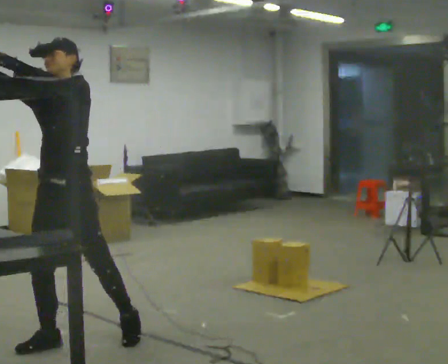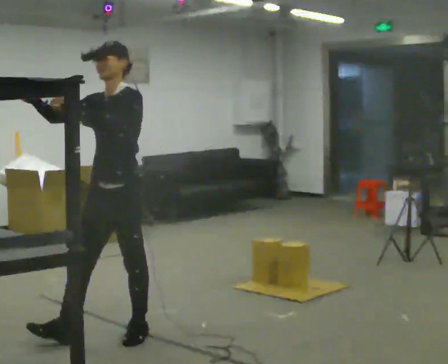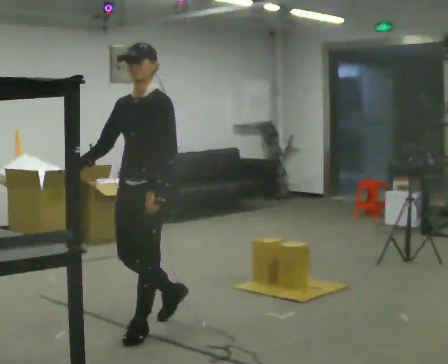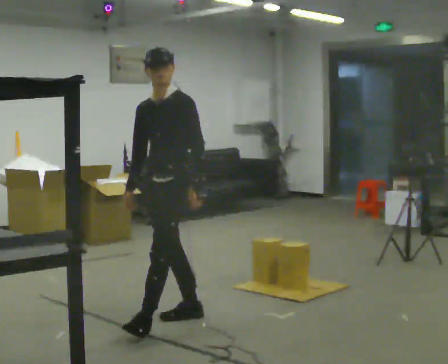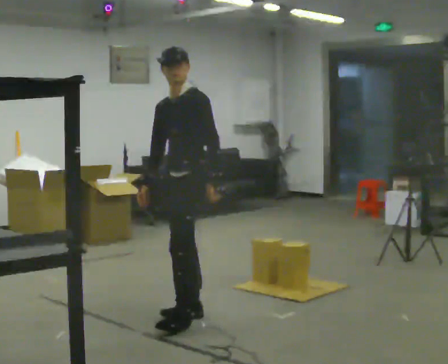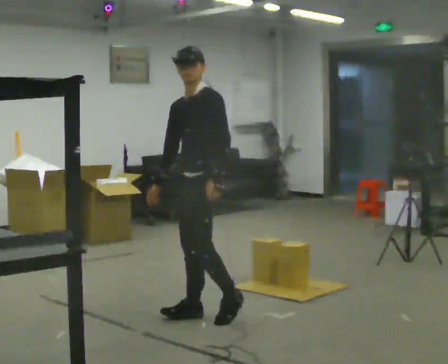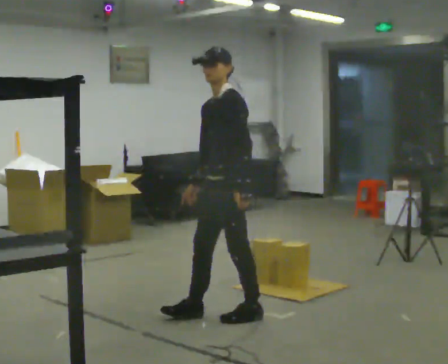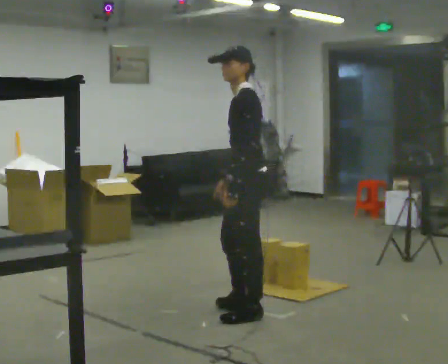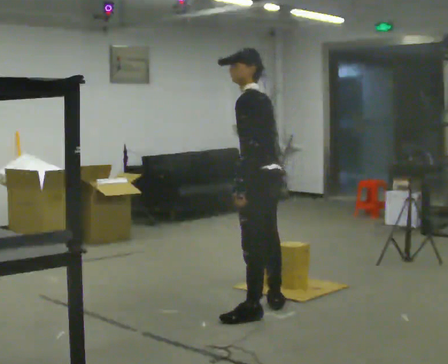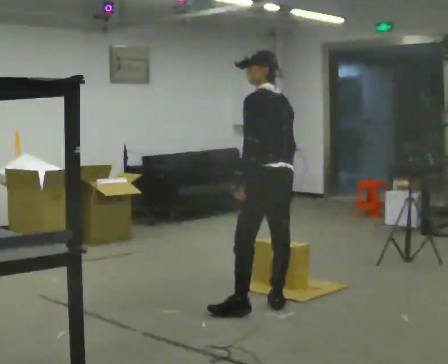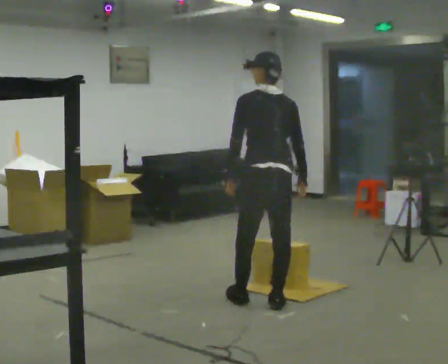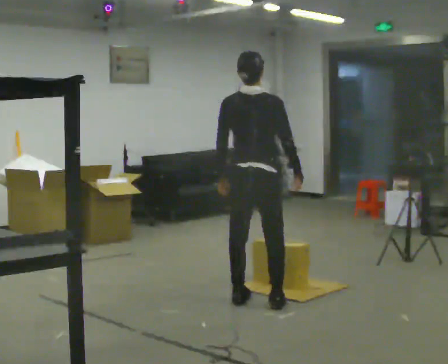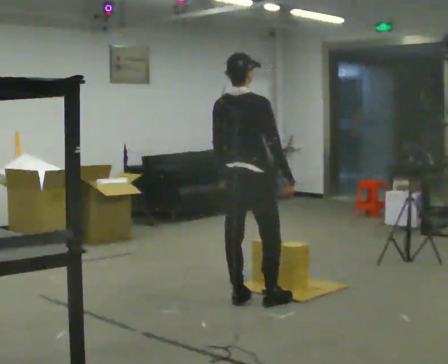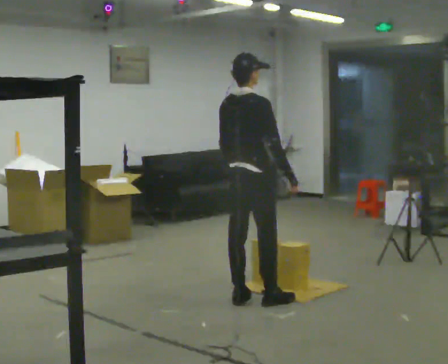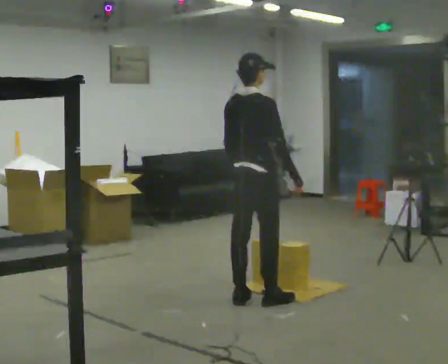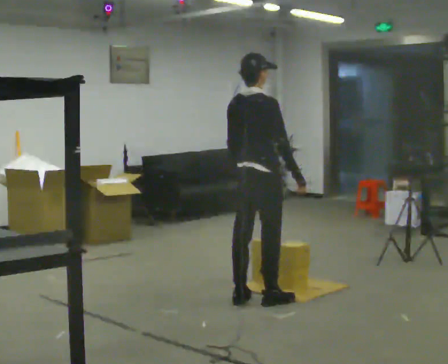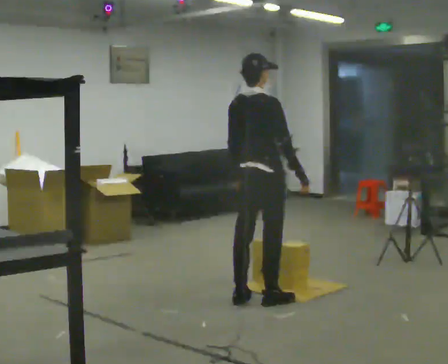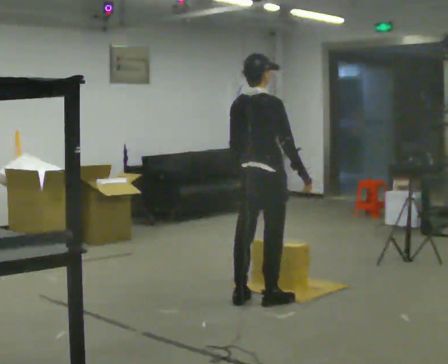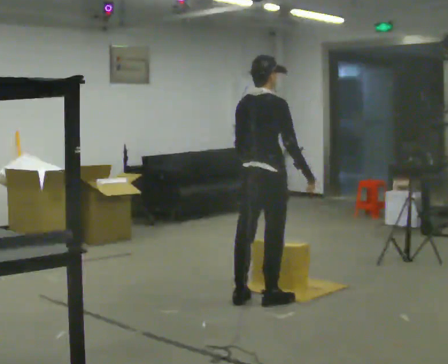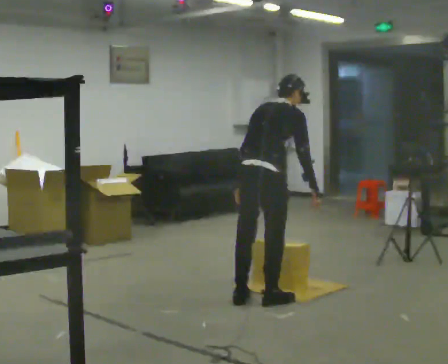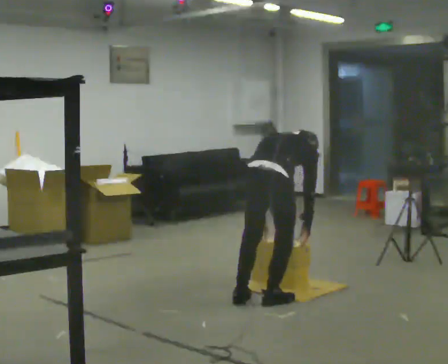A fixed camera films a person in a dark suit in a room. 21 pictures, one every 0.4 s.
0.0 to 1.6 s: The part of the body nearest the lens slides to the left as the person turns to their right by about 30 degrees. In the picture they go away from the camera and to the right, about 1 m in 2 steps, which for them is backward. In the picture their right hand goes downward, the arm swinging counterclockwise.
1.6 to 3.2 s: Seen from above the body turns clockwise, about 60 degrees: to their right, with its near side sliding to the left. In the picture they go to the right, about 0.5 m in 1 step.
3.2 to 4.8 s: Seen from above the body turns clockwise, about 90 degrees: to their right, with its near side sliding to the left. In the picture they go away from the camera, about 0.5 m in 1 step.
4.8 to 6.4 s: The person moves a little, or ends about where they began.
6.4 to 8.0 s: The shoulders move downward. The upper body tips away from the camera, its near side rolling upward, as they bend forward. In the picture their right hand goes downward.
The film runs backward here.
